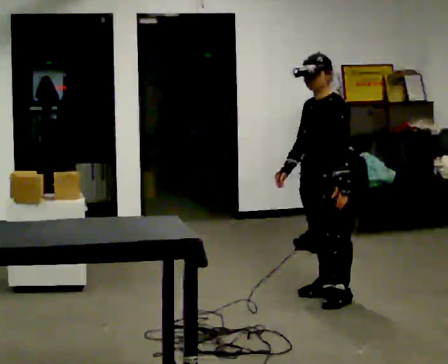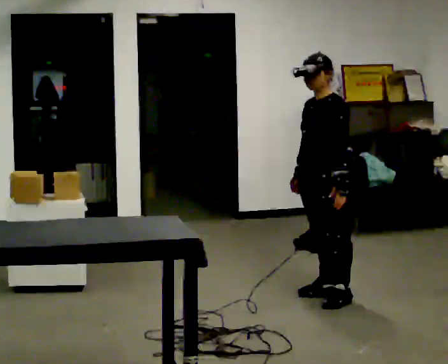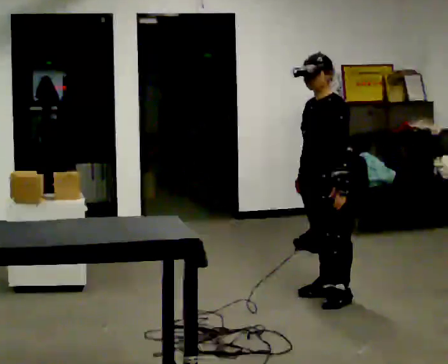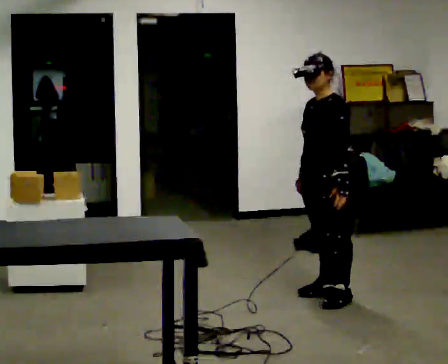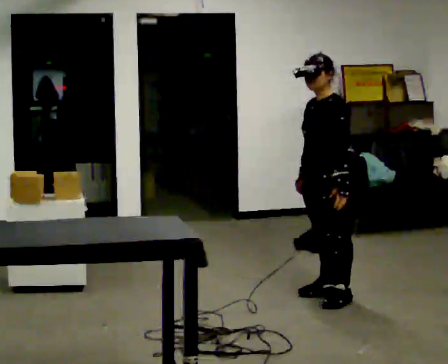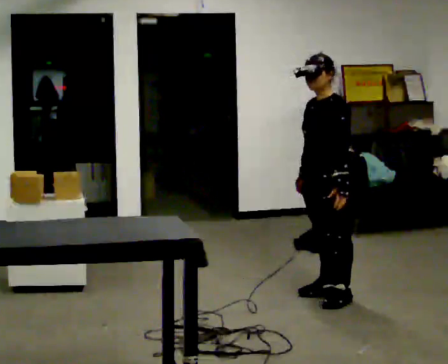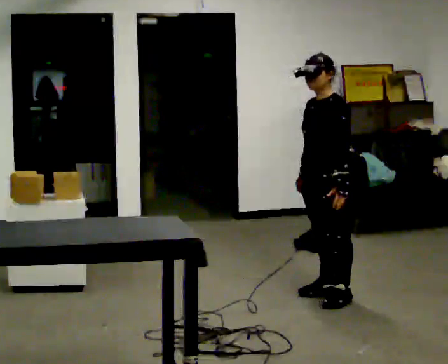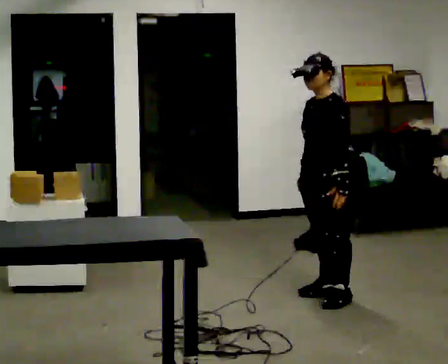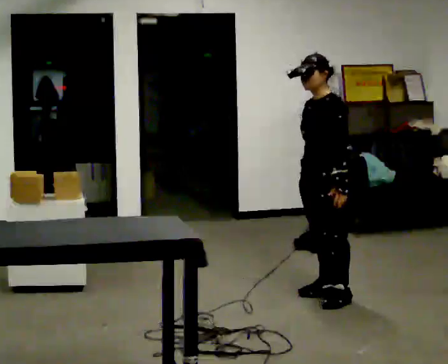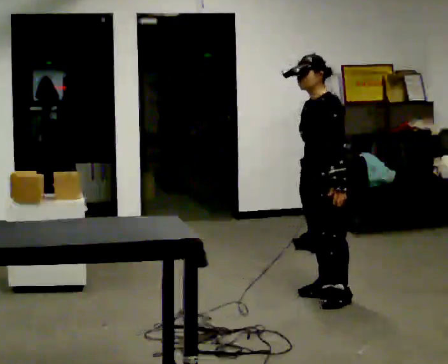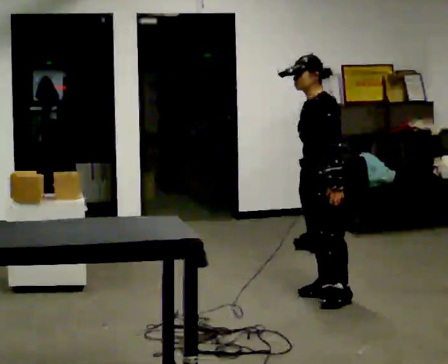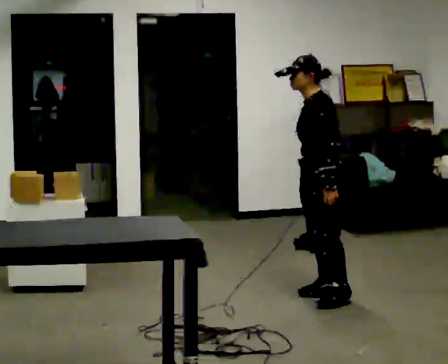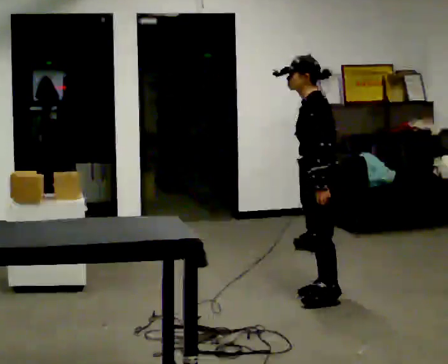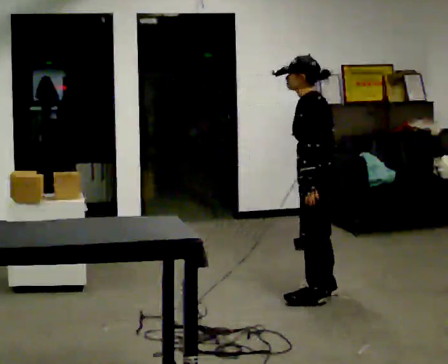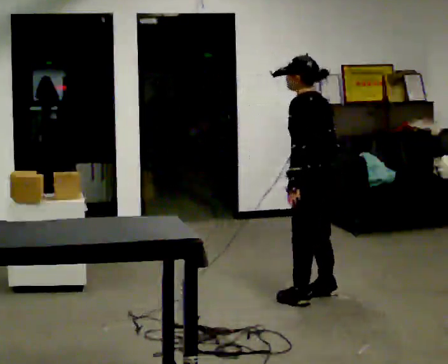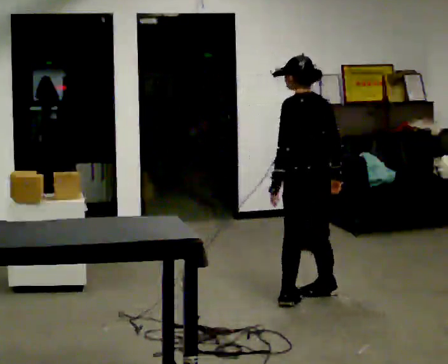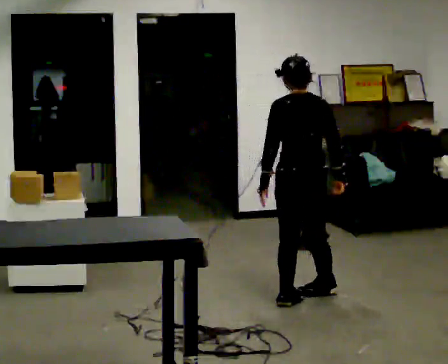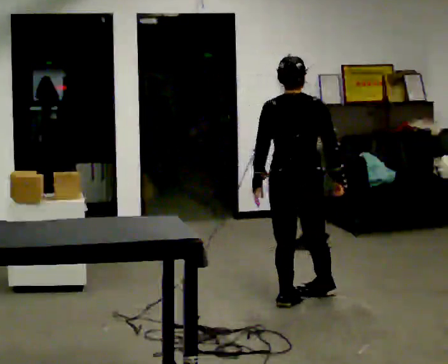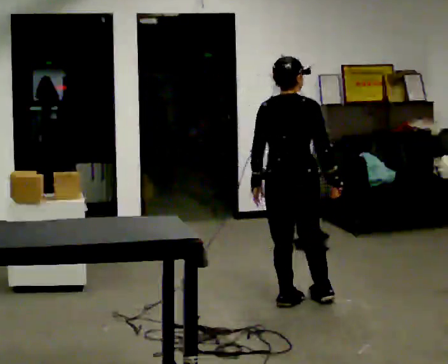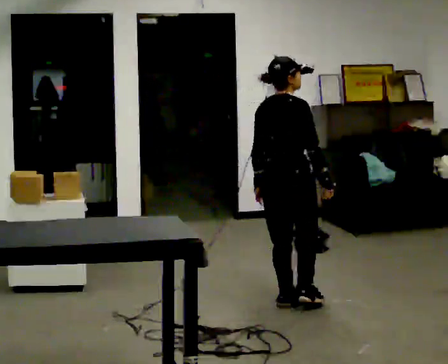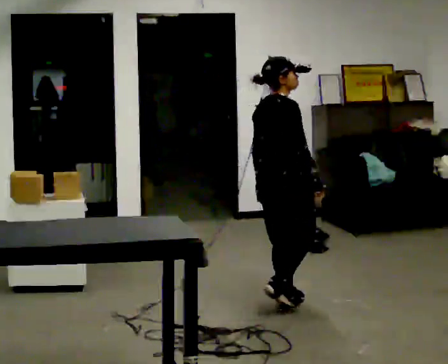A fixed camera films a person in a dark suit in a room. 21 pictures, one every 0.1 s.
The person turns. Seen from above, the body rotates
clockwise.
The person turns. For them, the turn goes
to their right.
0.0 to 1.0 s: The person moves a little, or ends about where they began.
1.0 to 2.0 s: Seen from above the body turns clockwise, about 165 degrees: to their right, with its near side sliding to the left. In the picture they go to the left and toward the camera, about 0.25 m in 2 steps.
The film runs backward here.
